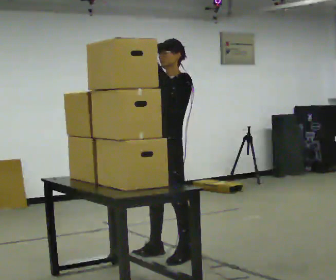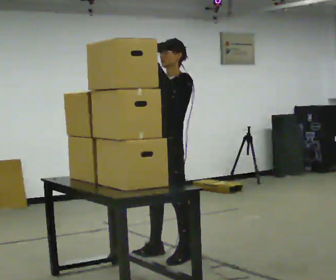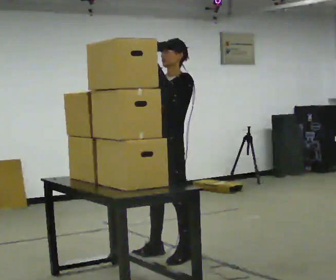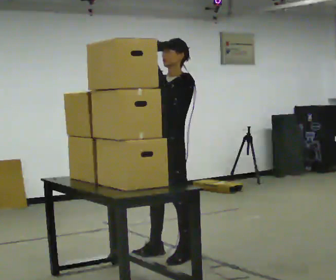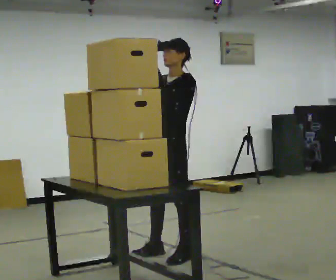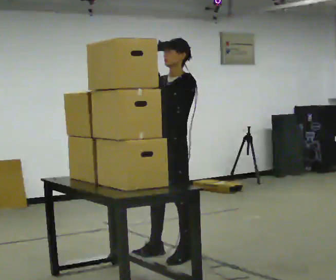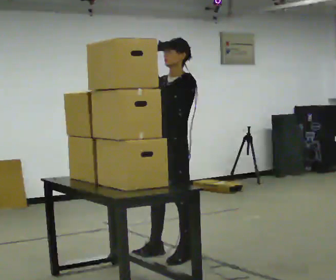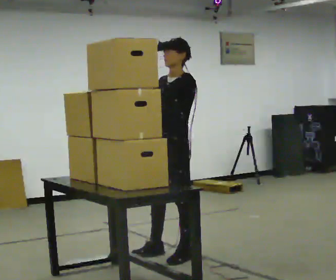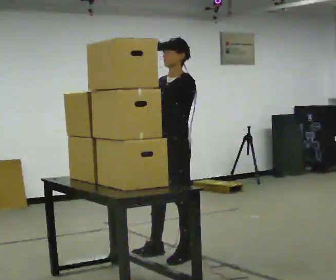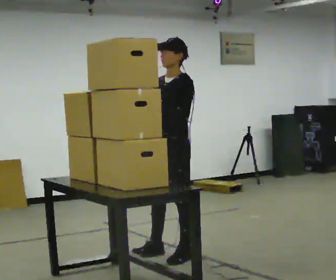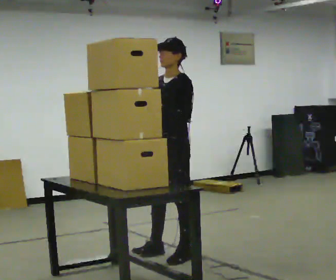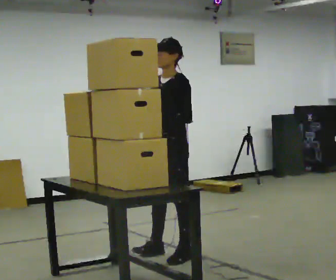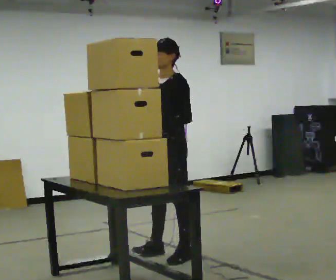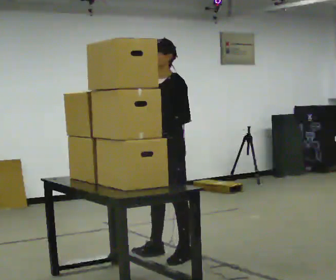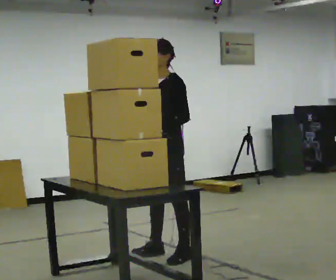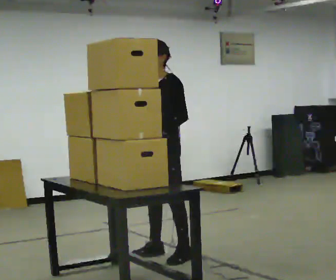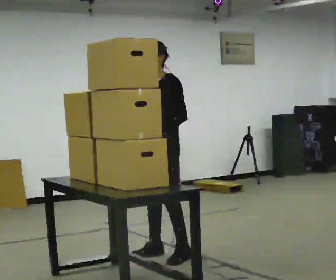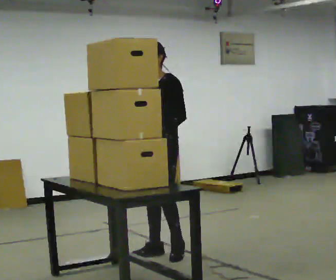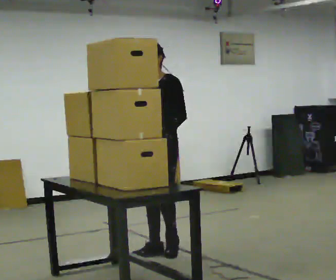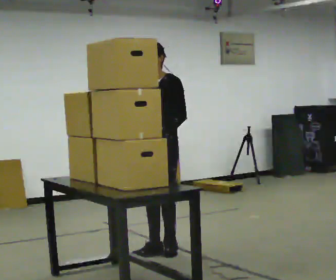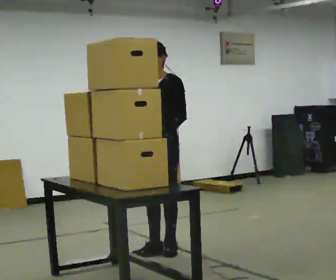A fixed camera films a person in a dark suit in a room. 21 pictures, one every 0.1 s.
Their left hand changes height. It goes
downward.
Their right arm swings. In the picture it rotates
counterclockwise.
0.0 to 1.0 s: The person moves a little, or ends about where they began.
1.0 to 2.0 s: The part of the body nearest the lens slides to the right as the person turns to their left by about 30 degrees. In the picture they go away from the camera, about 0.25 m in 1 step, which for them is to their right.
The film runs backward here.
